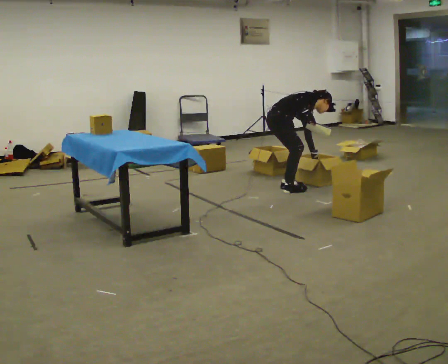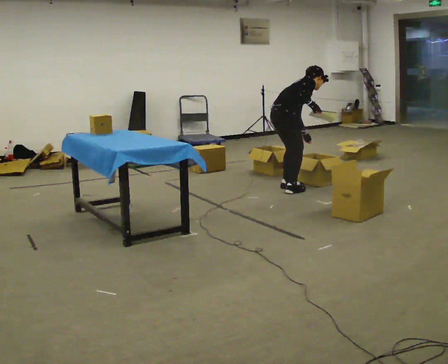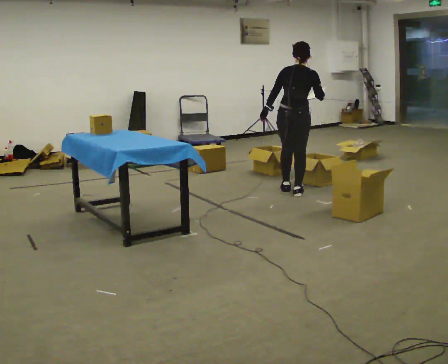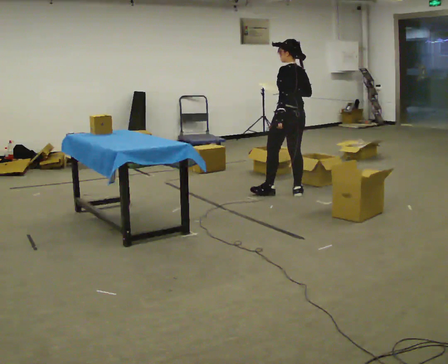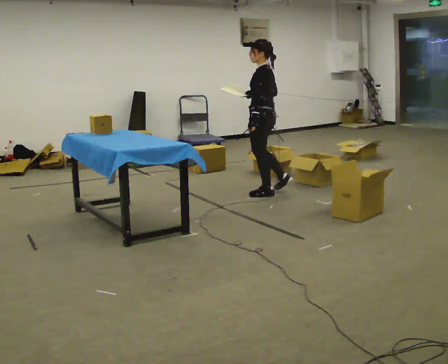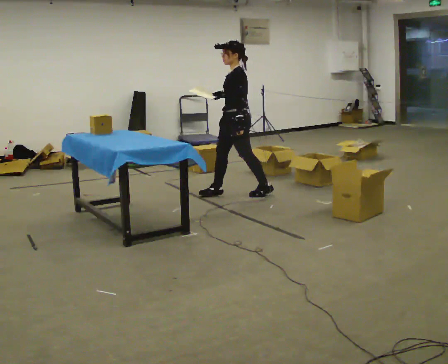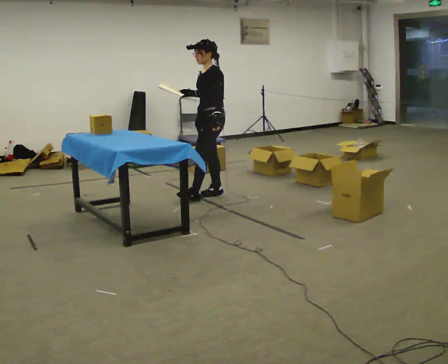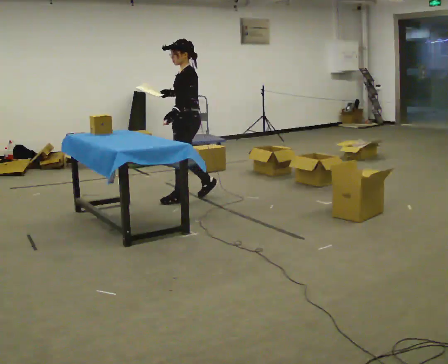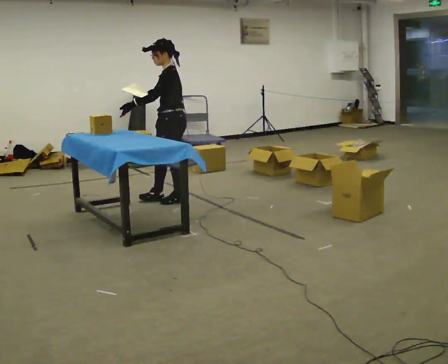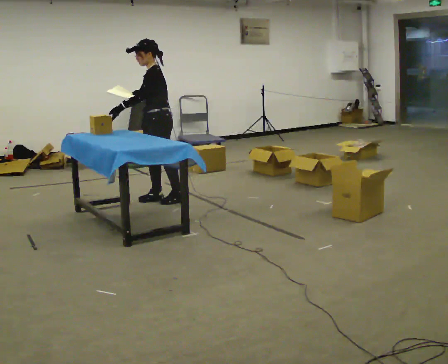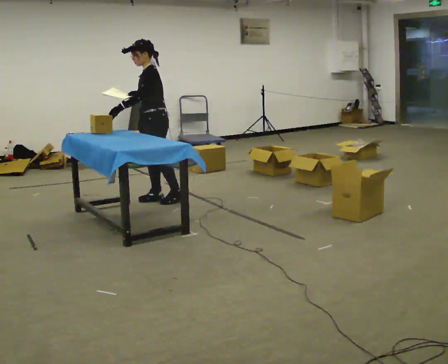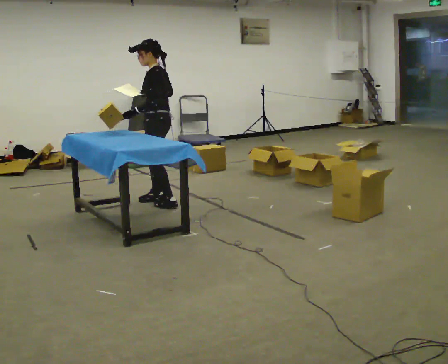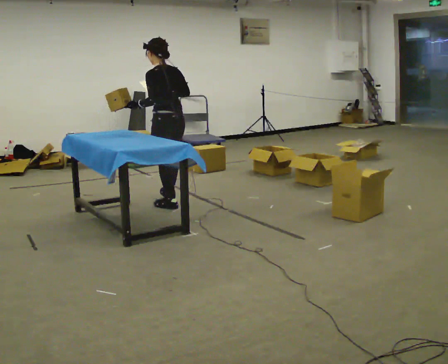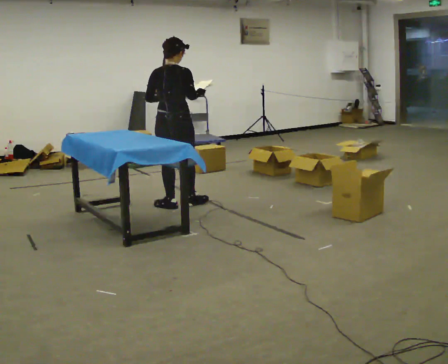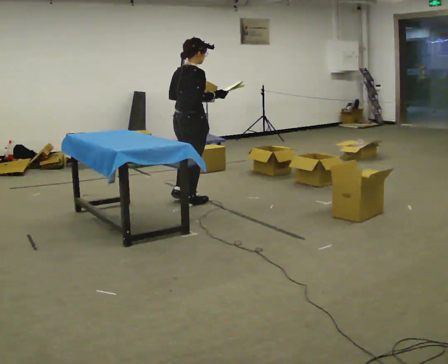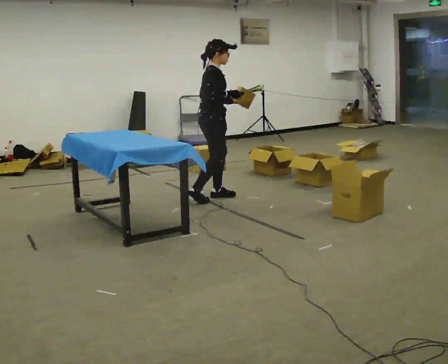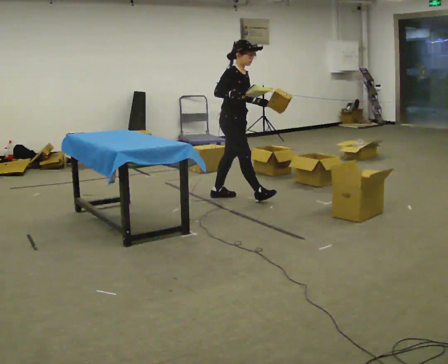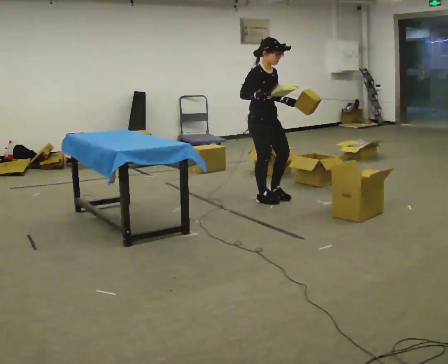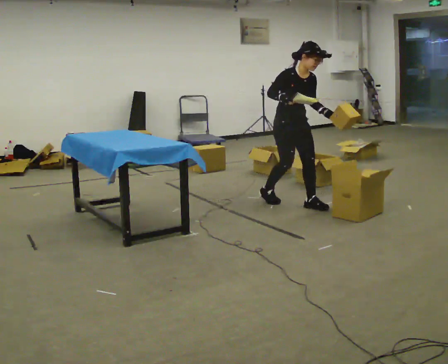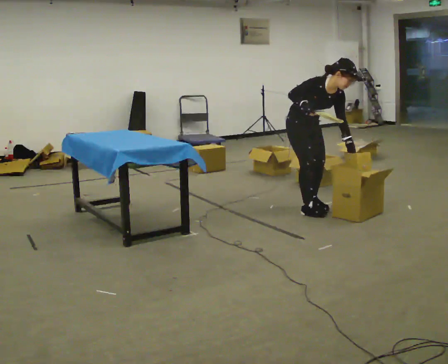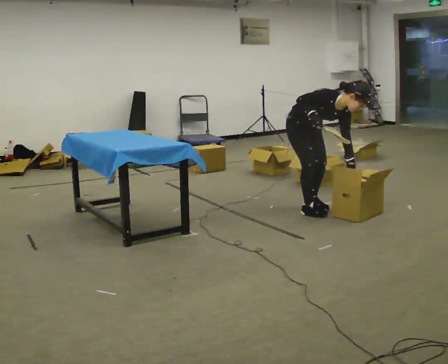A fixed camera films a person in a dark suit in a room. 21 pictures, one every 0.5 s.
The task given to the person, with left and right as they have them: 1. Read the parts list. 2. Collect each part from the bins around the room. 3. Lay them out on the table in the order on the list. 4. Put them all in the carry case. 5. Tell the operator when you are finished.
0.0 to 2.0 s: The part of the body nearest the lens slides to the right as the person turns to their left by about 165 degrees. In the picture they go to the left and toward the camera, about 0.25 m in 2 steps. The upper body goes upward. In the picture the upper body tilts counterclockwise, shoulders to the left, as they lean back or straighten.
2.0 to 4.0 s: The person turns about 30 degrees to their left, counterclockwise seen from above, so the part of the body nearest the lens slides to the right. In the picture they go to the left, about 1 m in 3 steps, which for them is forward.
4.0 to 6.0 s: The part of the body nearest the lens slides to the left as the person turns to their right by about 60 degrees. In the picture they go toward the camera, about 0.25 m in 1 step.
6.0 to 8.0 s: Seen from above the body turns clockwise, about 150 degrees: to their right, with its near side sliding to the left. In the picture they go to the right, about 0.75 m in 2 steps.
8.0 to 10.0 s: The person turns about 30 degrees to their right, clockwise seen from above, so the part of the body nearest the lens slides to the left. In the picture they go toward the camera and to the right, about 1 m in 3 steps, which for them is forward. The shoulders move downward. The upper body tips toward the camera, its near side rolling downward, as they bend forward. In the picture their left hand goes downward.
The film runs forward here.
